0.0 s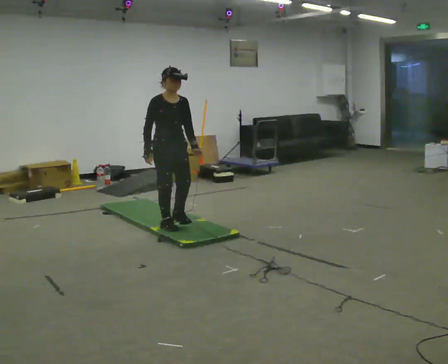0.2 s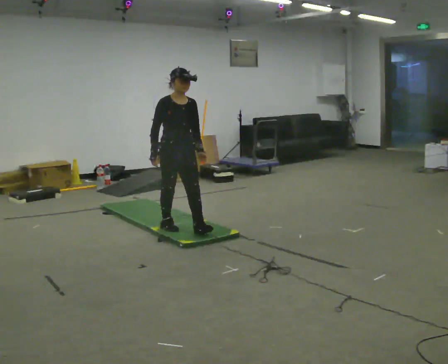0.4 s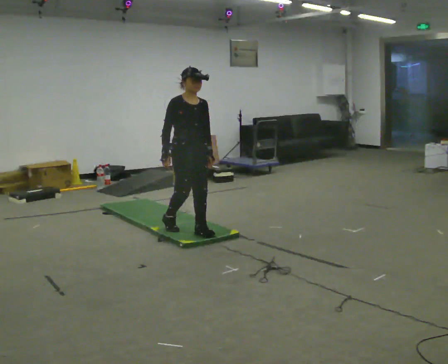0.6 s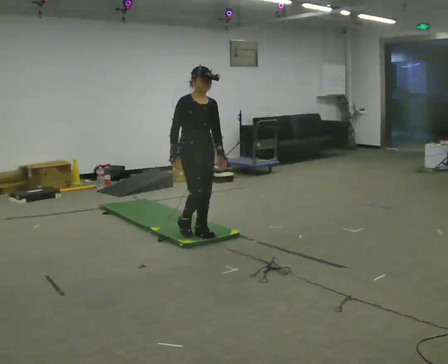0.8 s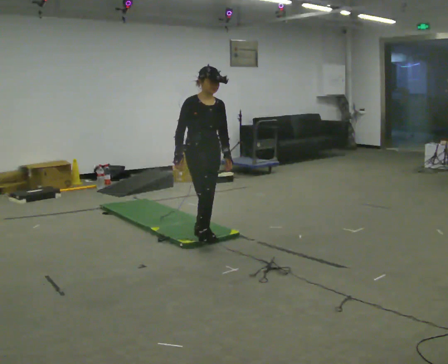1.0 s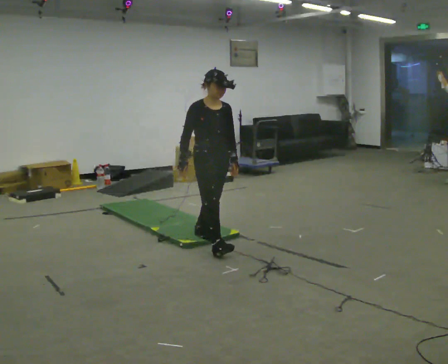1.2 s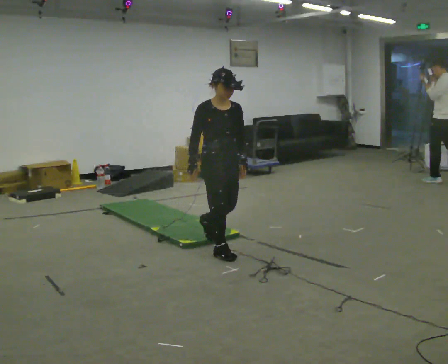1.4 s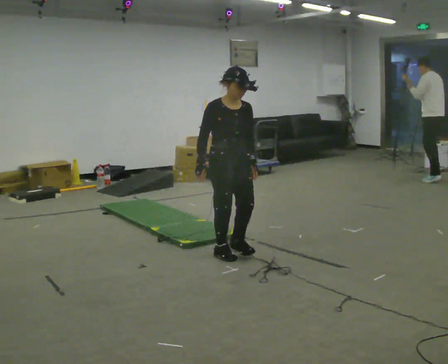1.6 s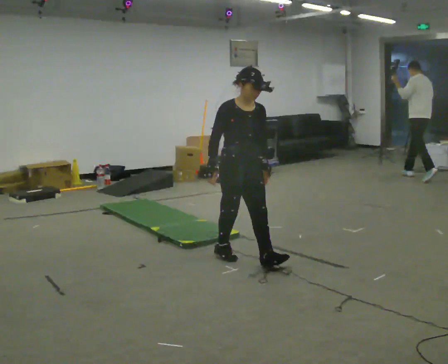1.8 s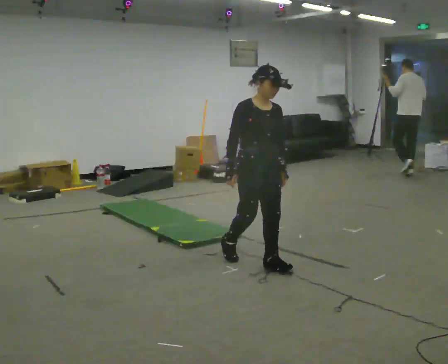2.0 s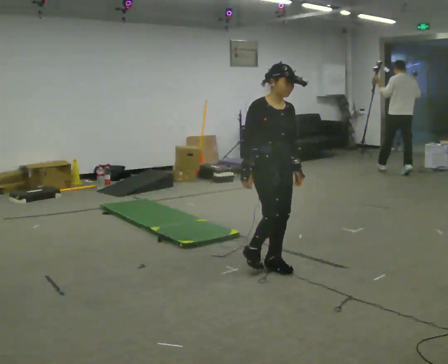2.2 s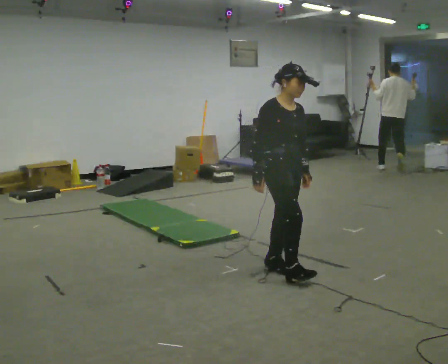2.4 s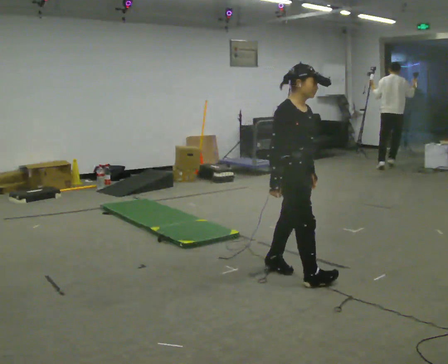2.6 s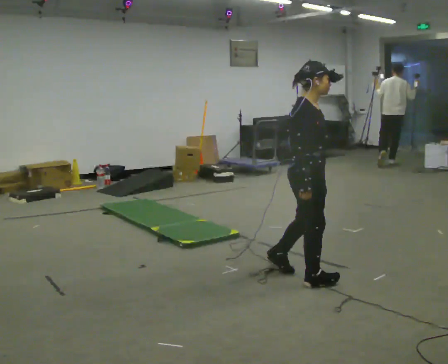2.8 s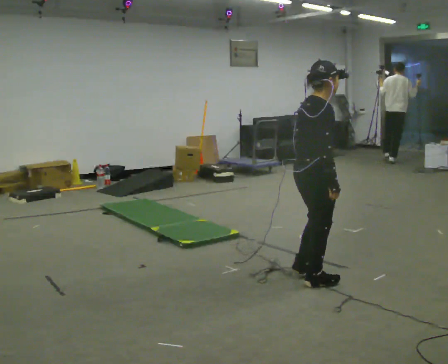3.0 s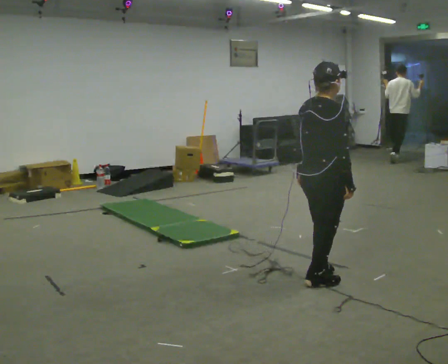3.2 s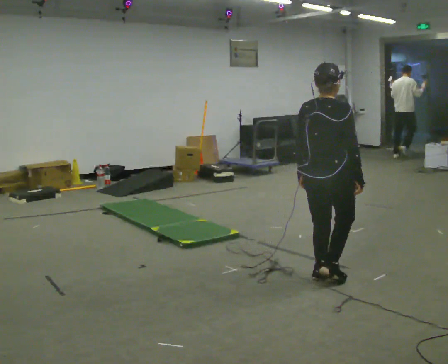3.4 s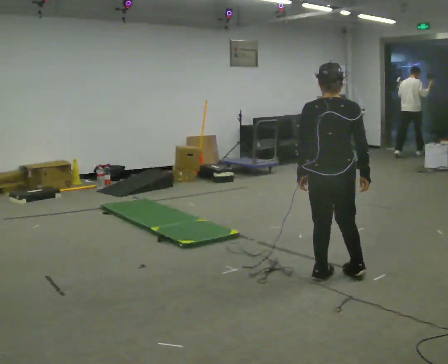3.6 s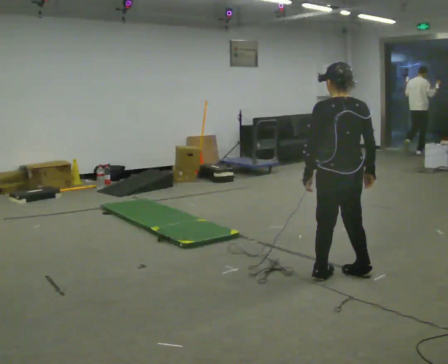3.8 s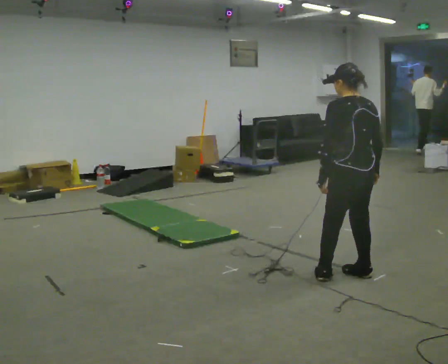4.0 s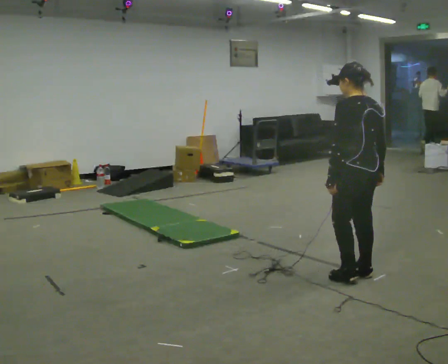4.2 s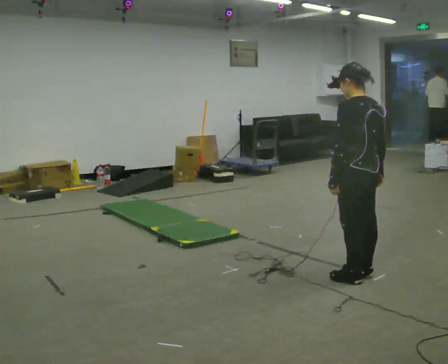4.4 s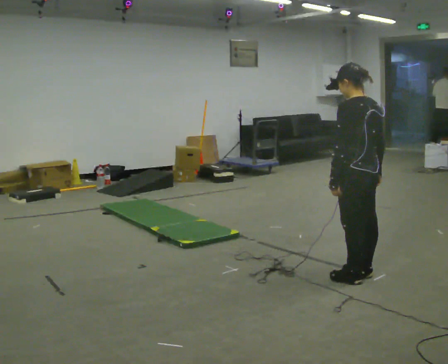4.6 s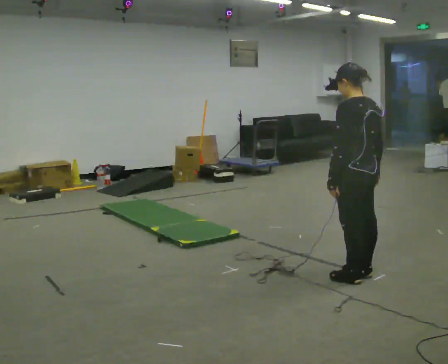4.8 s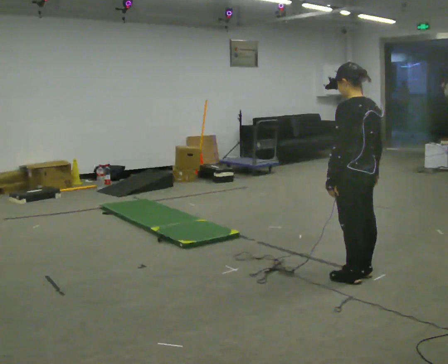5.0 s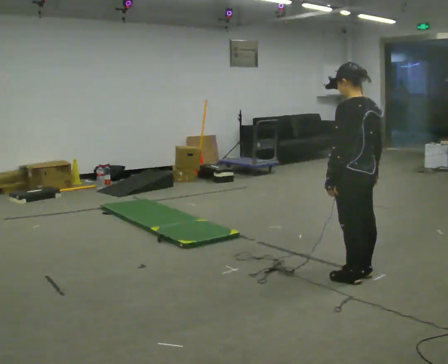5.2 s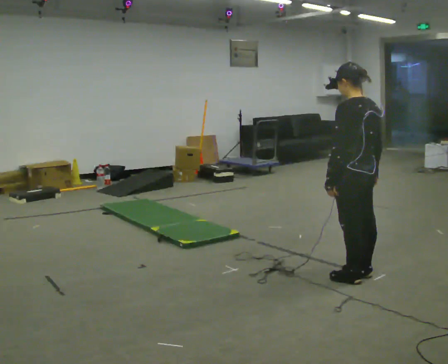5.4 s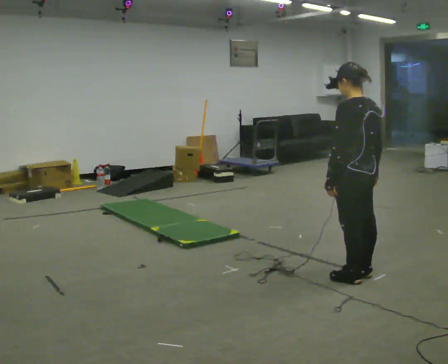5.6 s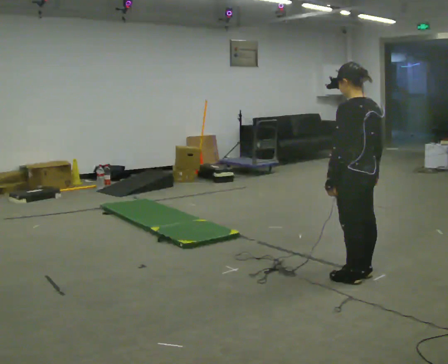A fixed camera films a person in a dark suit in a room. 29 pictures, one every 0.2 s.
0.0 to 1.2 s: In the picture they go toward the camera and to the right, about 1 m in 2 steps, which for them is forward.
1.2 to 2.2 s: In the picture they go to the right and toward the camera, about 0.75 m in 1 step, which for them is forward.
2.2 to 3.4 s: The person turns about 120 degrees to their left, counterclockwise seen from above, so the part of the body nearest the lens slides to the right. In the picture they go to the right and toward the camera, about 0.25 m in 2 steps.
3.4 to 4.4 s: The part of the body nearest the lens slides to the right as the person turns to their left by about 45 degrees. In the picture they go to the right, about 0.25 m in 2 steps, which for them is to their right.
4.4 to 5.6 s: The person keeps their place and pose.
The film runs forward here.
